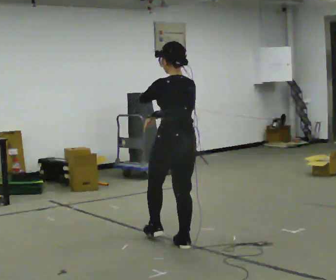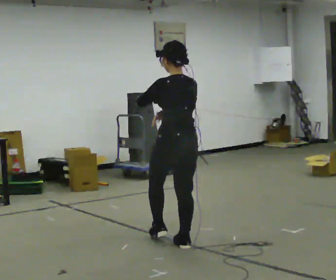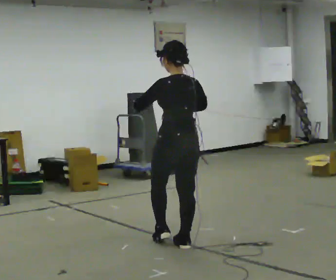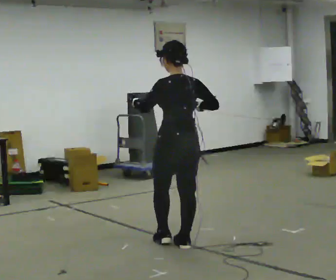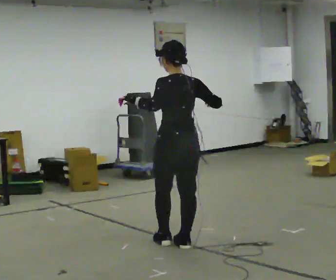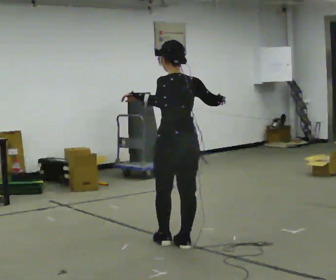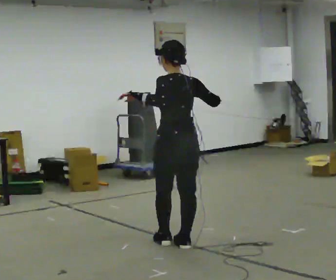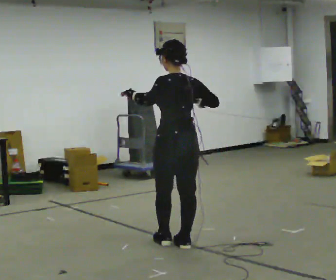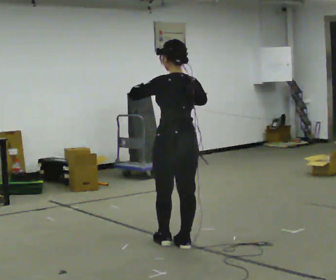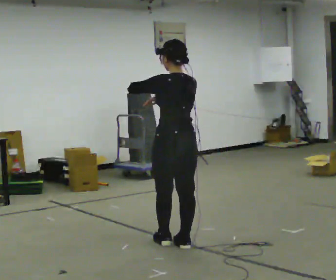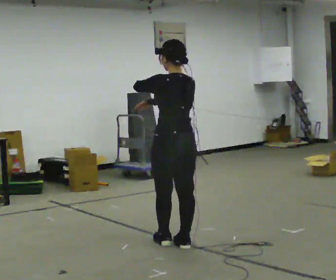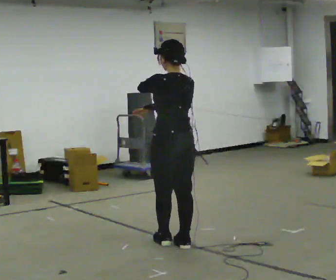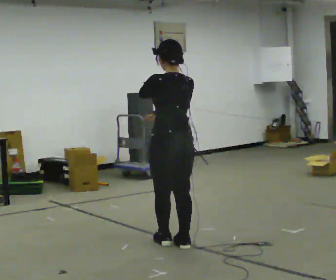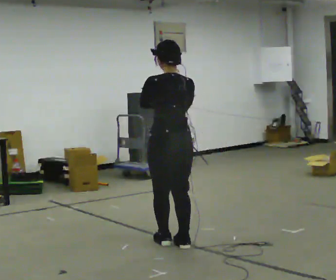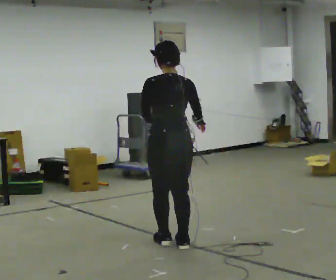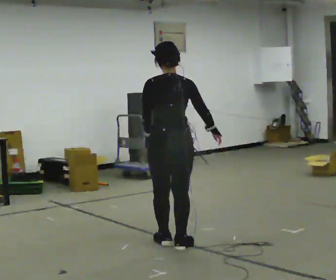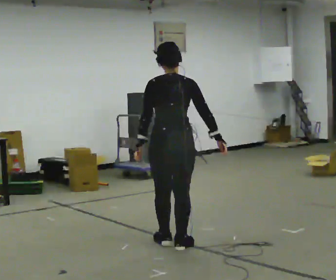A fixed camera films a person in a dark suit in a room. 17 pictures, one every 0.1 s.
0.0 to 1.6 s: Seen from above the body turns clockwise, about 30 degrees: to their right, with its near side sliding to the left. In the picture their right hand goes to the right.
The film runs backward here.
